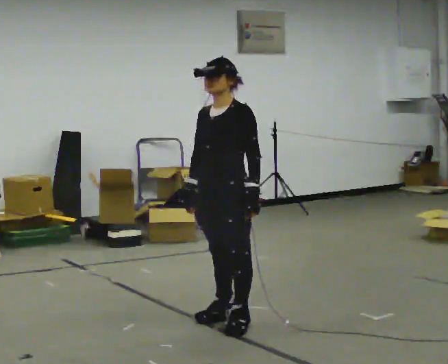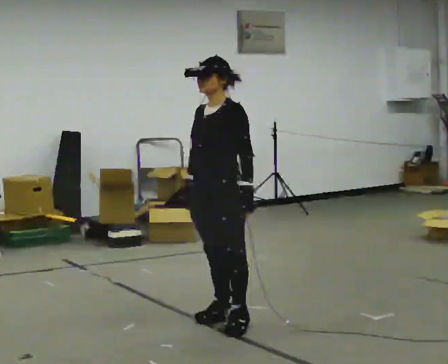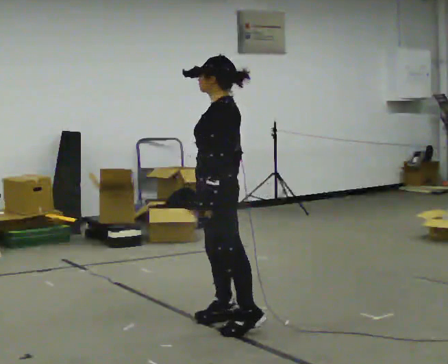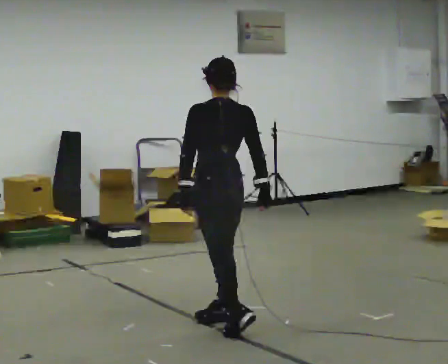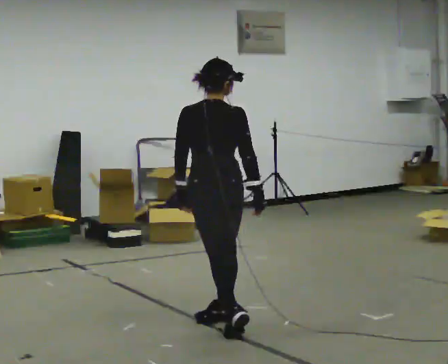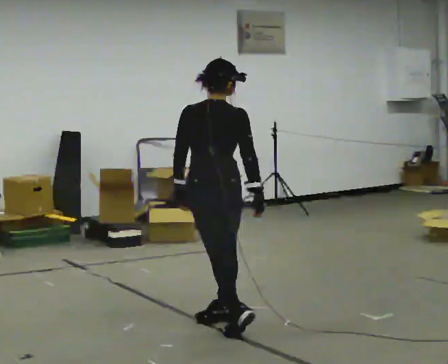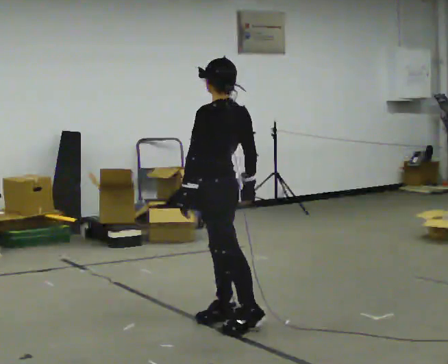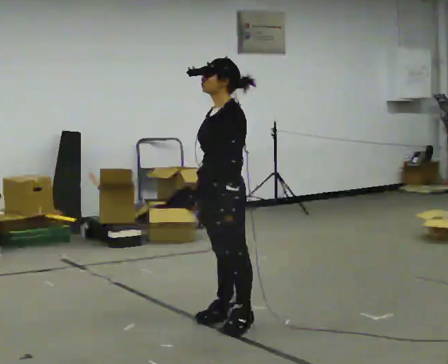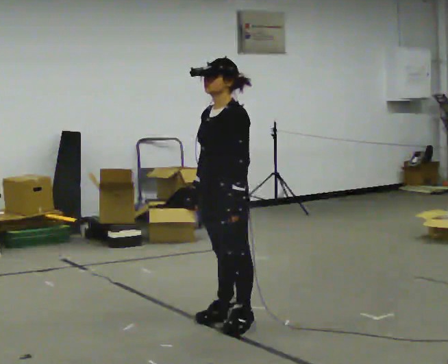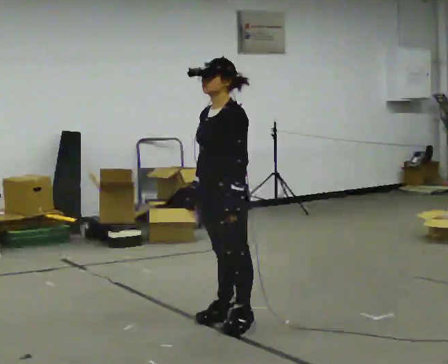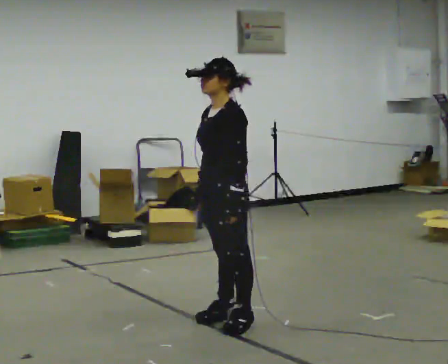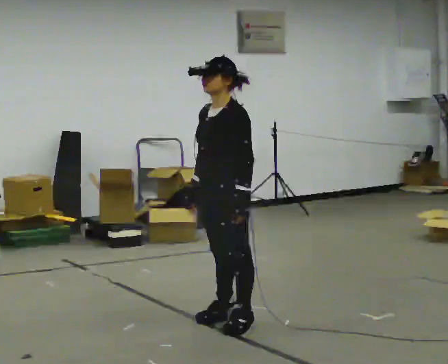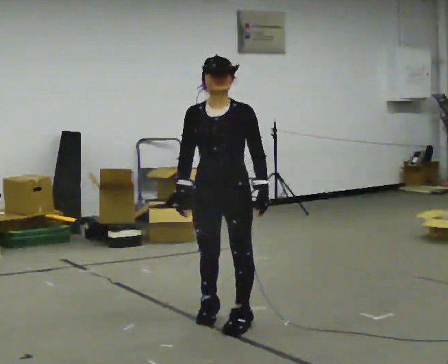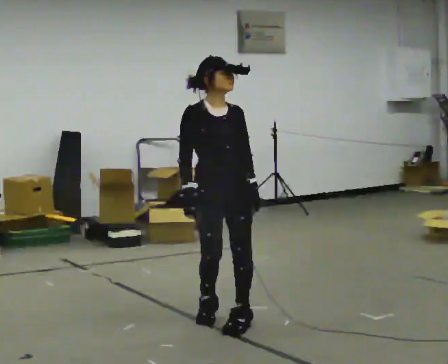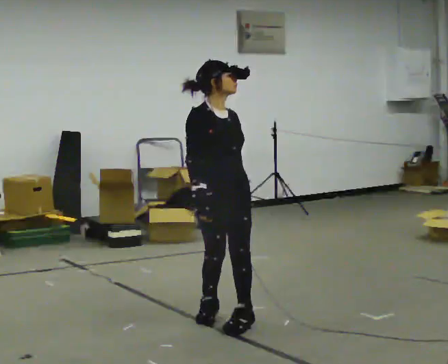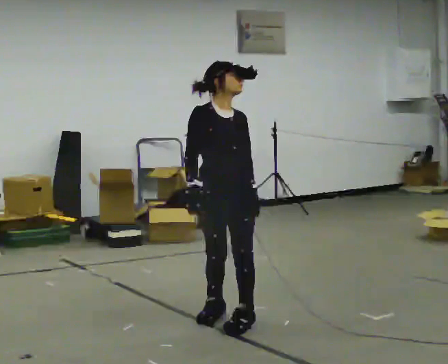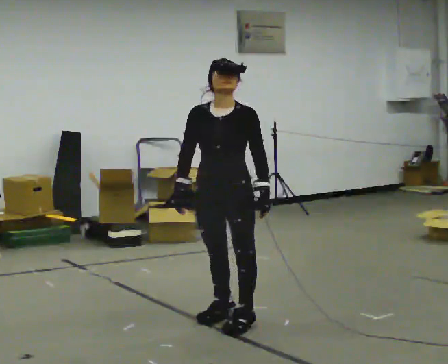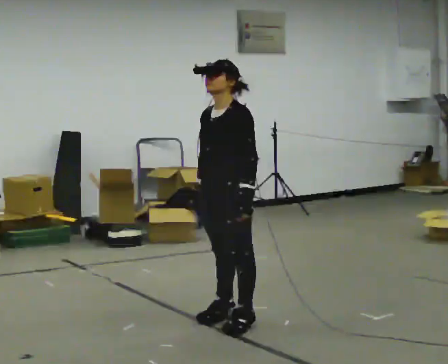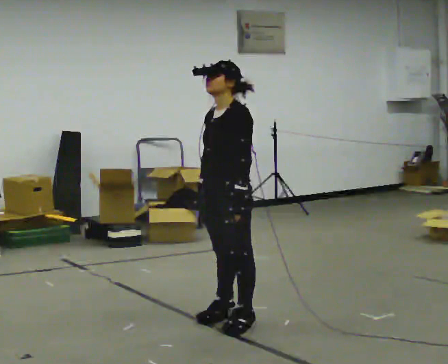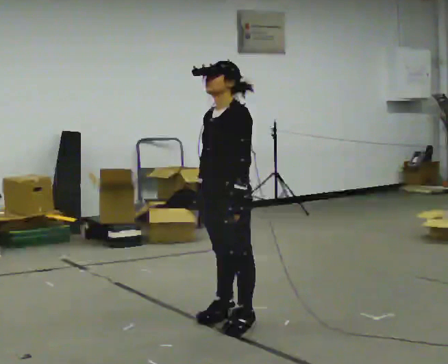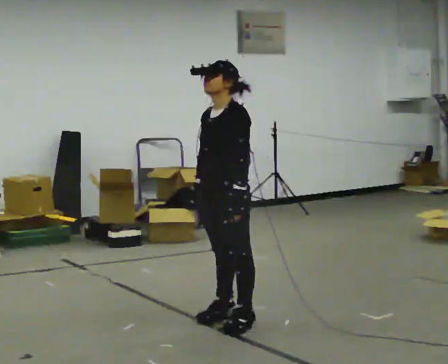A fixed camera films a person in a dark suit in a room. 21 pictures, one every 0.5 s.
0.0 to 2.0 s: The person turns about 135 degrees to their right, clockwise seen from above, so the part of the body nearest the lens slides to the left. In the picture their right hand goes to the right, the arm swinging counterclockwise.
2.0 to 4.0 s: The part of the body nearest the lens slides to the right as the person turns to their left by about 105 degrees. In the picture their right hand goes to the left, the arm swinging clockwise.
4.0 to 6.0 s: Seen from above the body turns counterclockwise, about 45 degrees: to their left, with its near side sliding to the right.
6.0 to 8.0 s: The person moves a little, or ends about where they began.
8.0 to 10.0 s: The part of the body nearest the lens slides to the left as the person turns to their right by about 45 degrees.
The film runs backward here.
